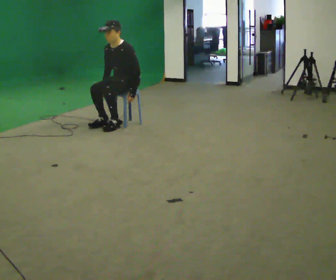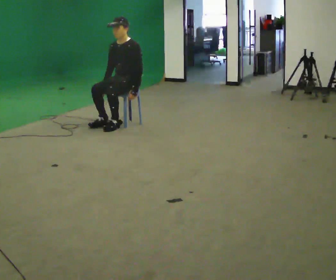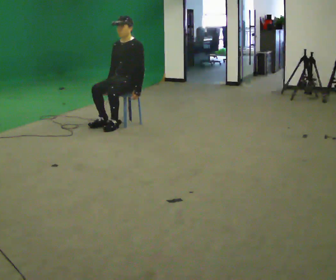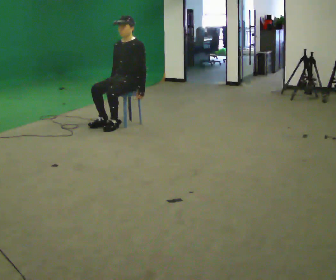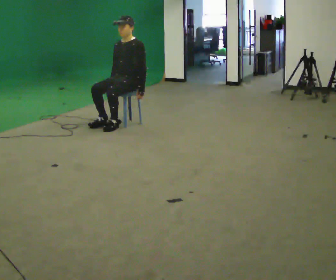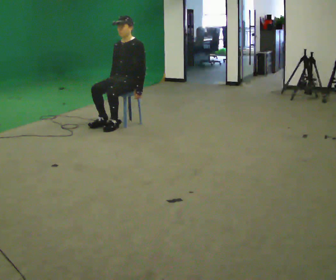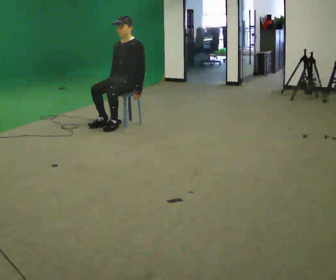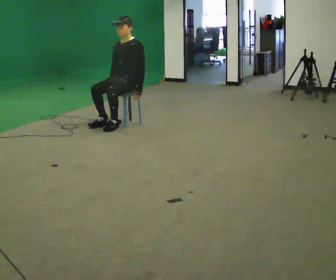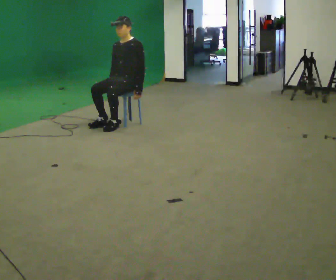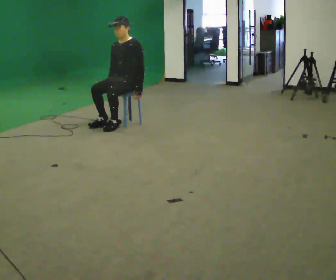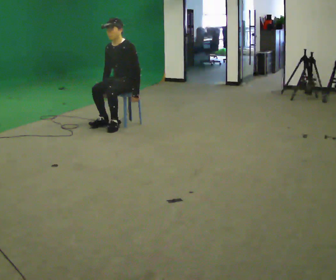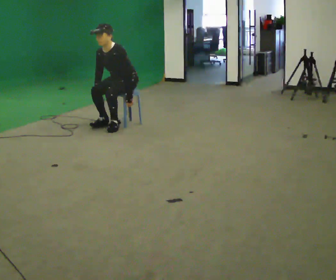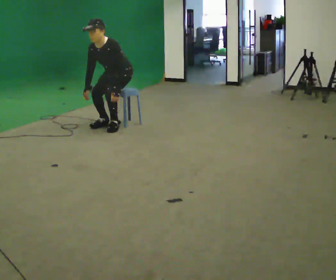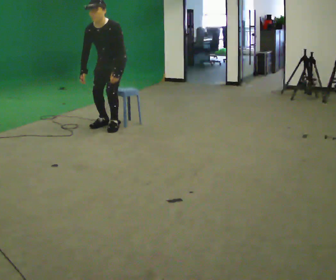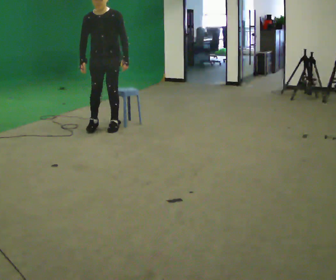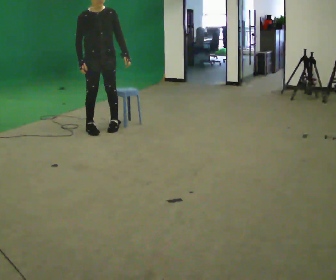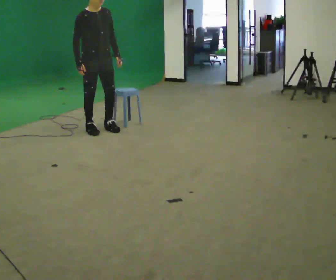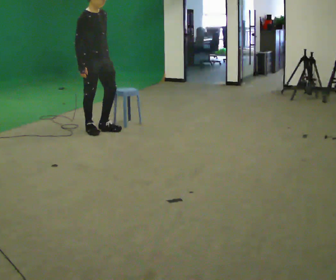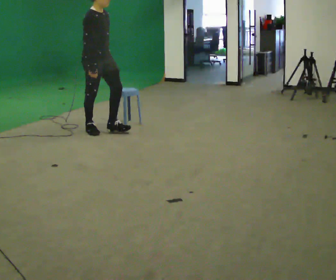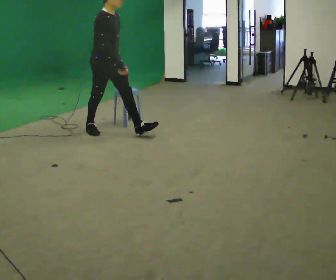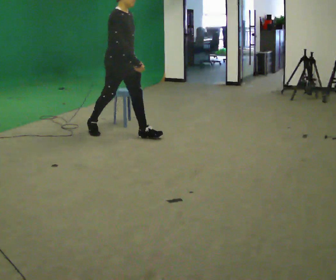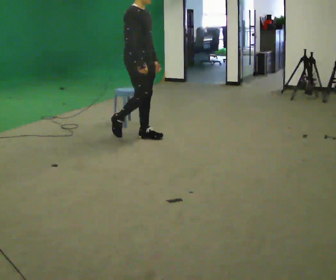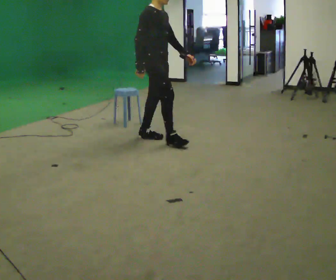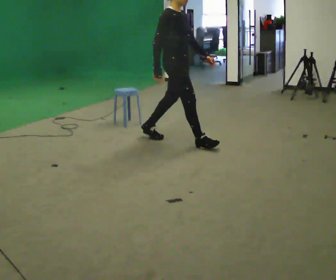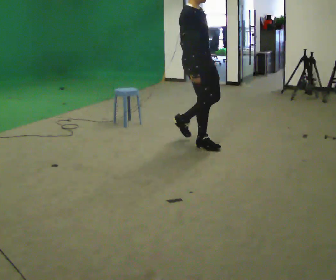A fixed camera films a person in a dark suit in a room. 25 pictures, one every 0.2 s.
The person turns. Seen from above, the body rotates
counterclockwise.
The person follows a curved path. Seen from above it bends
counterclockwise.
0.0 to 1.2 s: The upper body tips away from the camera, its near side rolling upward, as they lean back or straighten.
1.2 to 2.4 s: The upper body tips toward the camera, its near side rolling downward, as they bend forward.
2.4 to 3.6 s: Seen from above the body turns counterclockwise, about 105 degrees: to their left, with its near side sliding to the right. In the picture they go toward the camera and to the left, about 0.5 m in 2 steps. The shoulders move upward. In the picture the upper body tilts clockwise, shoulders to the right, as they lean back or straighten. In the picture their left hand goes upward.
3.6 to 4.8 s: In the picture they go to the right and toward the camera, about 1 m in 2 steps, which for them is forward.
The film runs forward here.
